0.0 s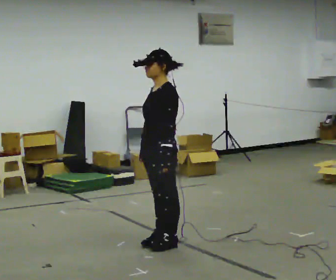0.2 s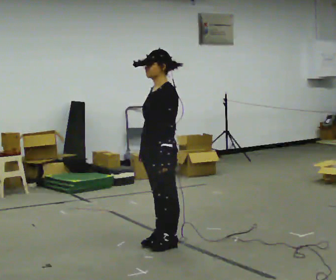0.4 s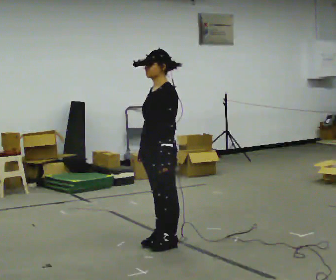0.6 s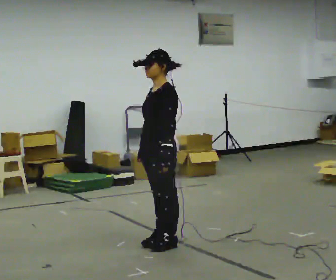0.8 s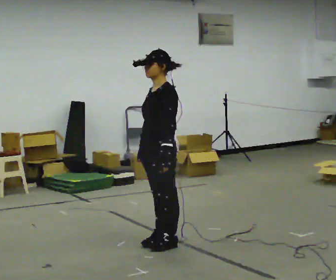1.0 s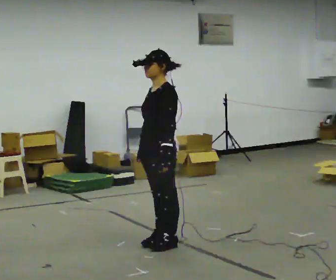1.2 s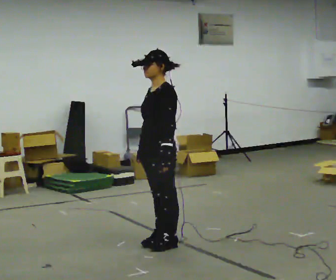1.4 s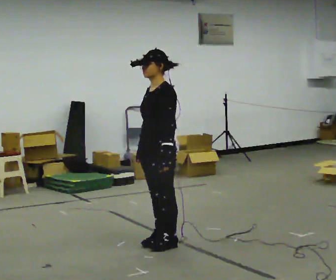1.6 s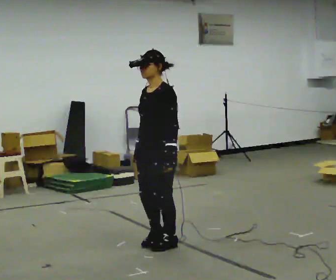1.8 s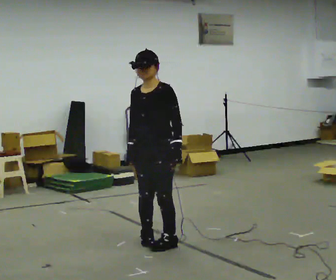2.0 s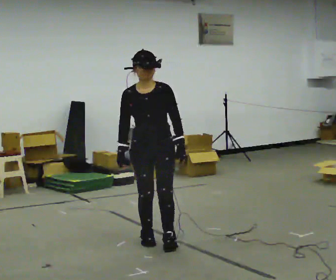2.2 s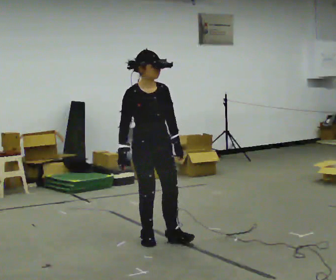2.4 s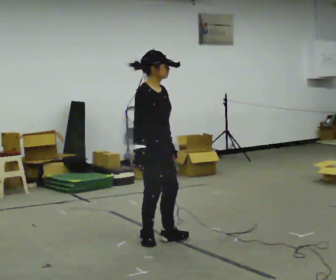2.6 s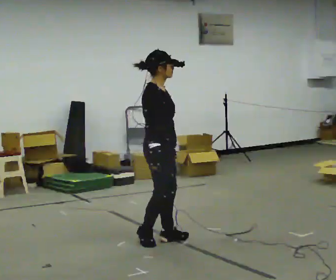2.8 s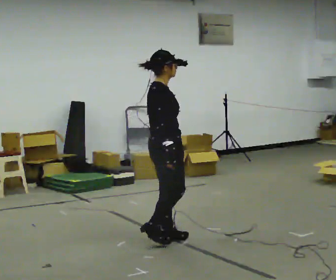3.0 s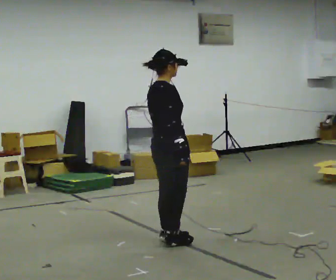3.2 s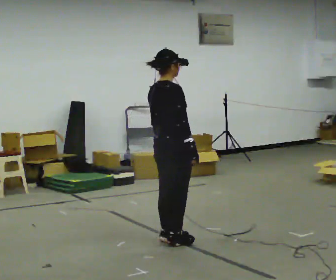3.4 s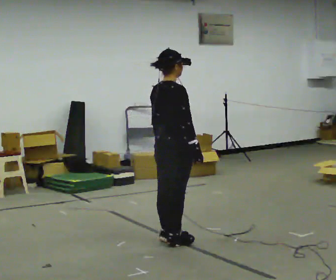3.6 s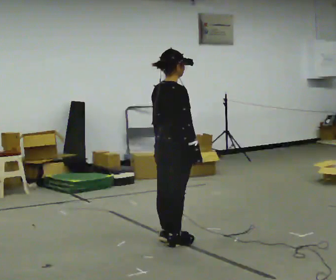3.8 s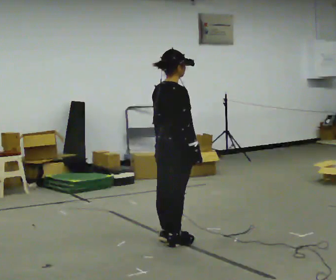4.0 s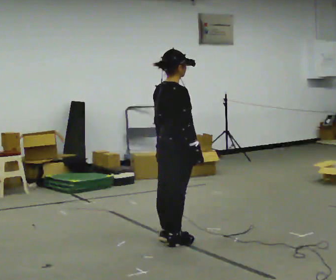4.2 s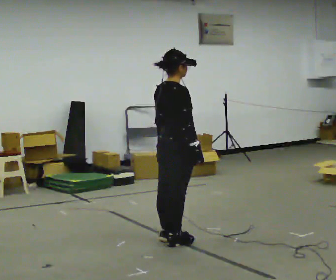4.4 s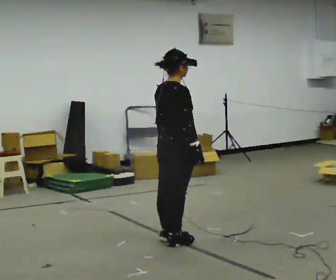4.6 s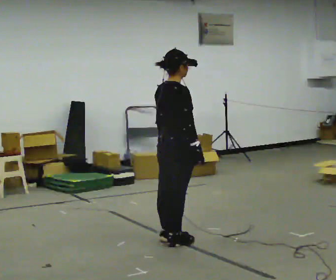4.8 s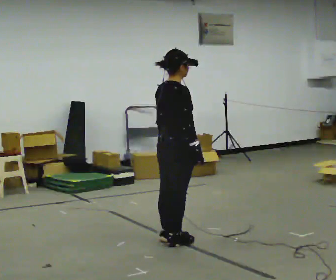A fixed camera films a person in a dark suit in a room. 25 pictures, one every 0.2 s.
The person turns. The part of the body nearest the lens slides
to the right.
The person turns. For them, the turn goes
to their left.
0.0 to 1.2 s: The person keeps their place and pose.
1.2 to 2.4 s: The person turns about 135 degrees to their left, counterclockwise seen from above, so the part of the body nearest the lens slides to the right.
2.4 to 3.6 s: Seen from above the body turns counterclockwise, about 60 degrees: to their left, with its near side sliding to the right. In the picture their right hand goes to the right.
3.6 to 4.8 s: The person moves a little, or ends about where they began.
The film runs forward here.
